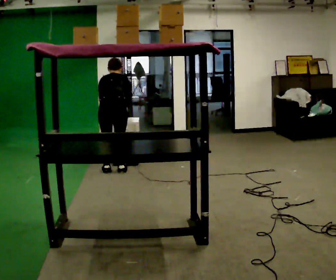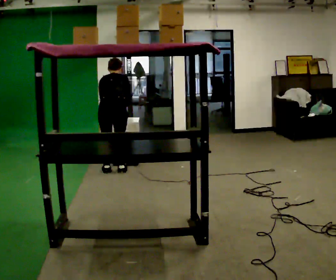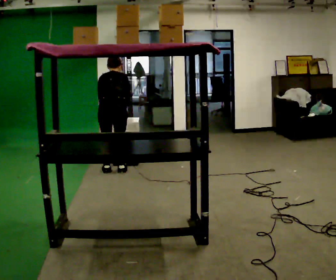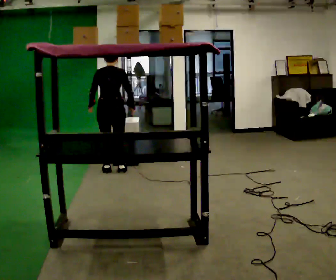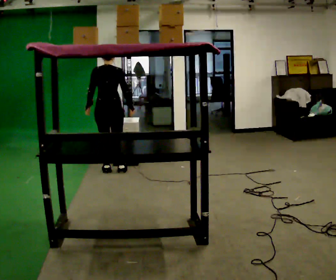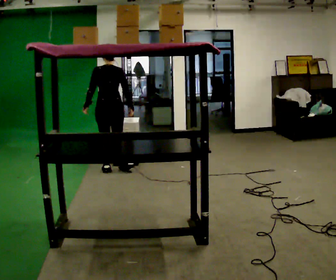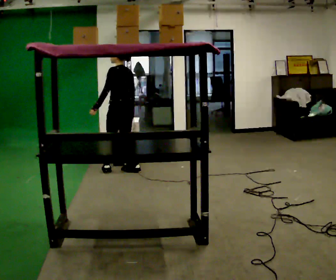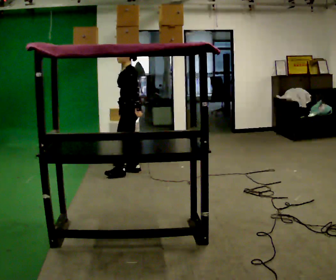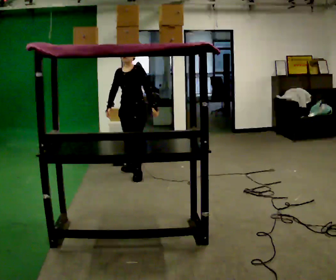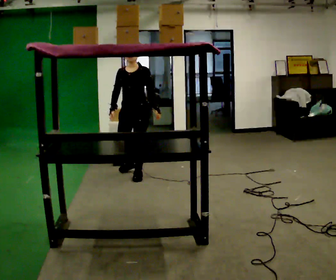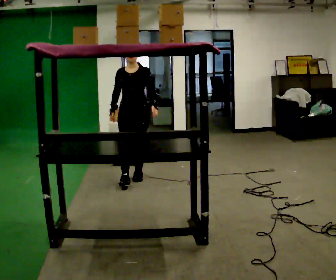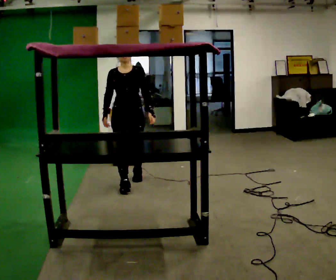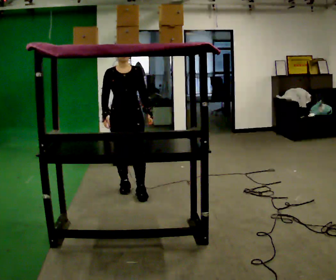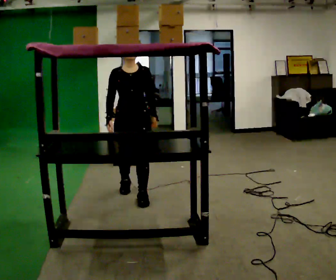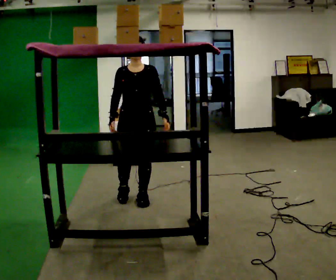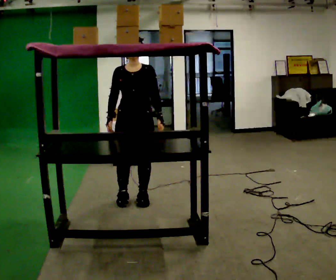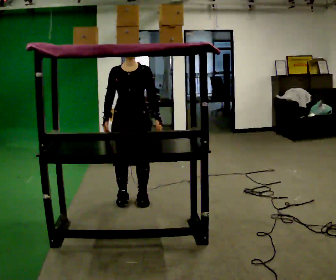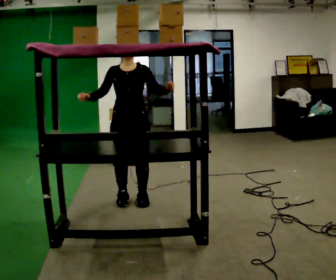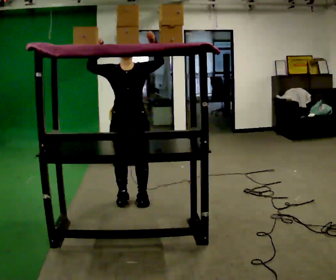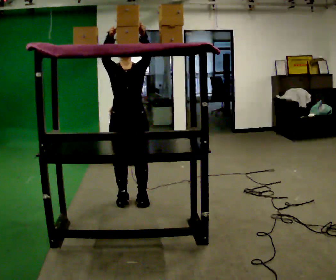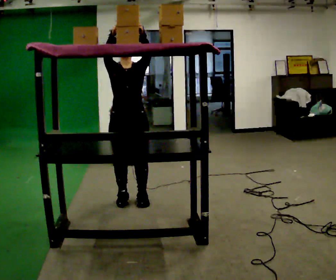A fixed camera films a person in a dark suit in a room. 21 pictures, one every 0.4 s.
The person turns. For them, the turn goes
to their left.
The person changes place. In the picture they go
toward the camera.
0.0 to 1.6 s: The upper body tips toward the camera, its near side rolling downward, as they lean back or straighten.
1.6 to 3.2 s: Seen from above the body turns counterclockwise, about 150 degrees: to their left, with its near side sliding to the right. In the picture they go to the right, about 0.25 m in 2 steps.
3.2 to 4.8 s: The part of the body nearest the lens slides to the right as the person turns to their left by about 45 degrees. In the picture they go toward the camera, about 0.5 m in 1 step, which for them is forward.
4.8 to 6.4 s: In the picture they go toward the camera, about 0.25 m in 2 steps, which for them is forward.
6.4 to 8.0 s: In the picture their right hand goes upward, the arm swinging clockwise.
The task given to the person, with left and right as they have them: Take an object from the waist-height shelf, carry it across the room, and place it on the highest shelf you can comfortably reach. Keep going until the operator says stop; one object at a time, and do not rush between trips.
The film runs forward here.
